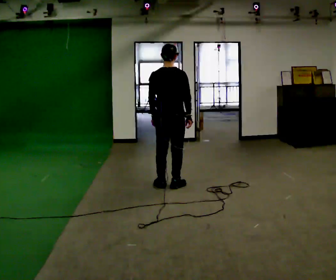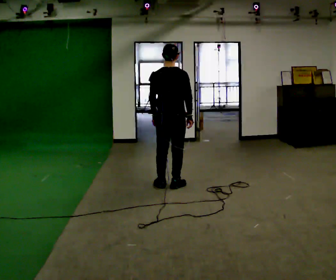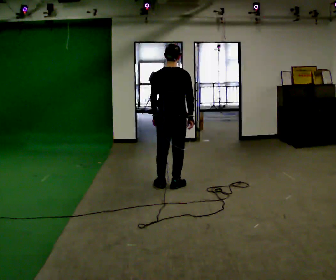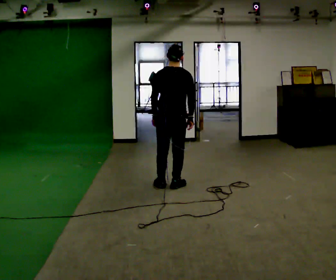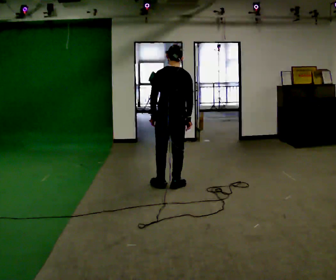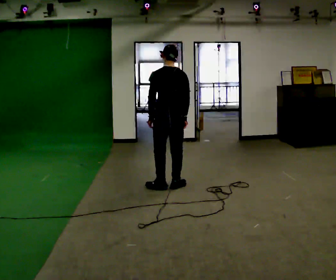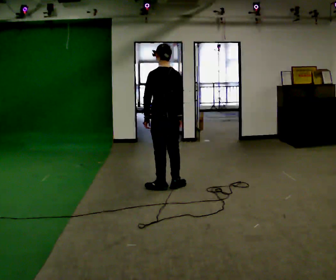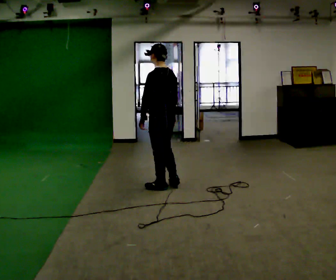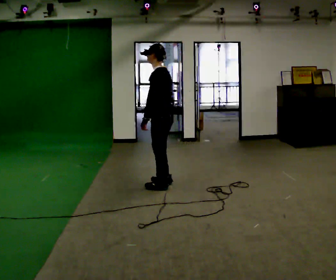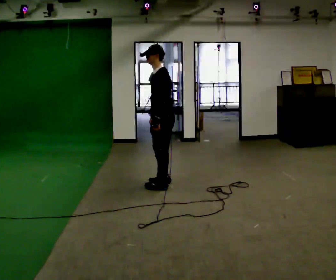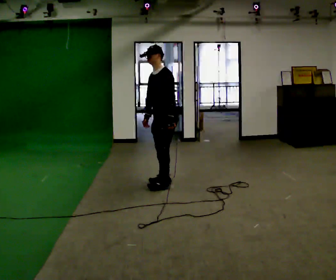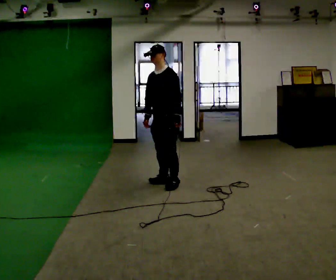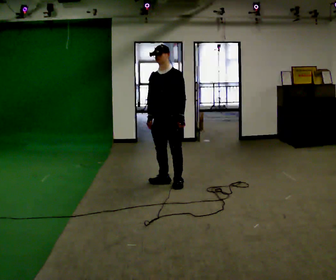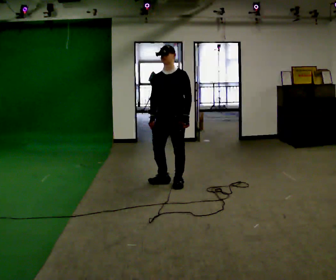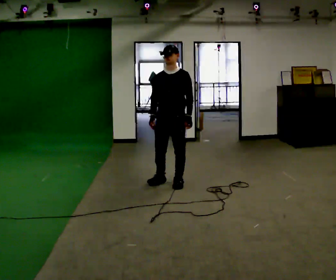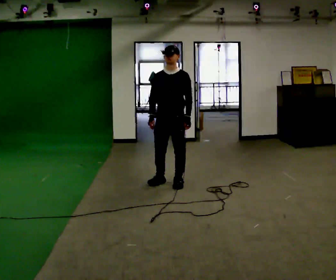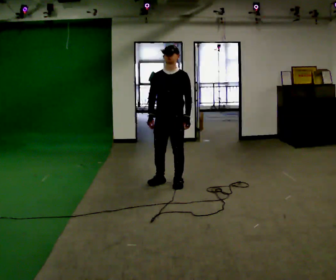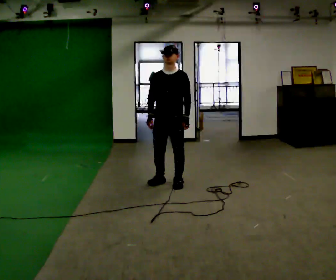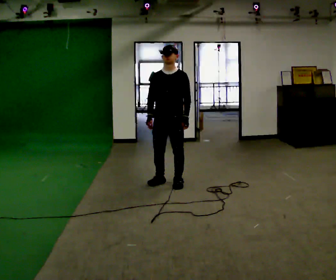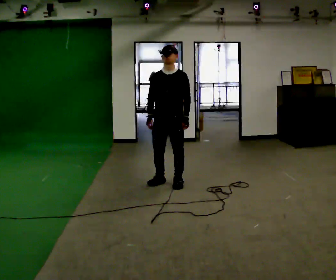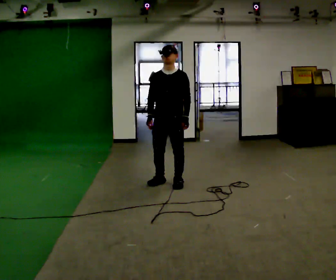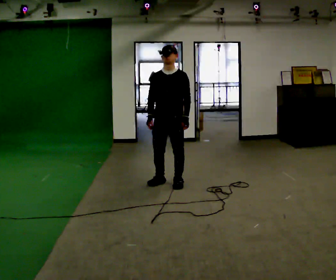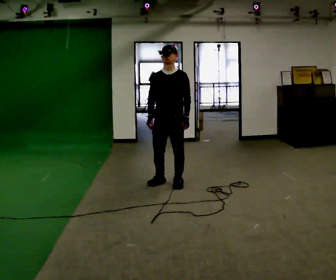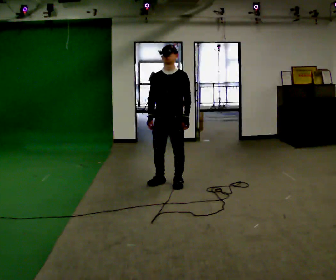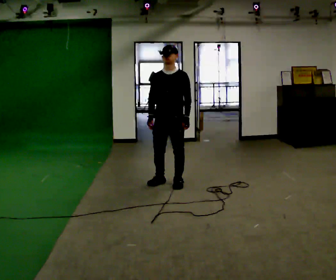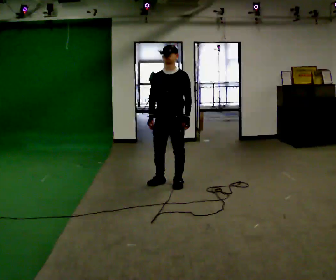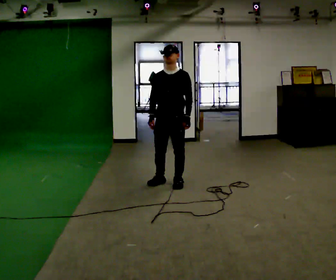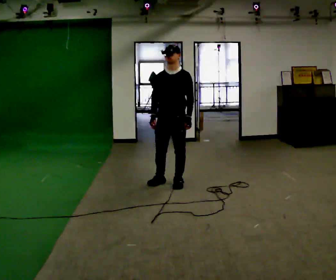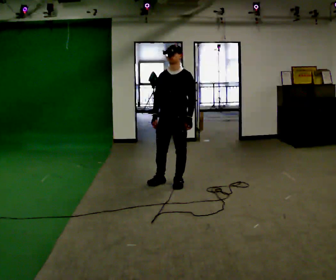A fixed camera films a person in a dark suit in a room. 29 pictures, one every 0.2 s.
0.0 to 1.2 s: Seen from above the body turns counterclockwise, about 45 degrees: to their left, with its near side sliding to the right.
1.2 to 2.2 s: Seen from above the body turns counterclockwise, about 105 degrees: to their left, with its near side sliding to the right. In the picture they go away from the camera, about 0.25 m in 1 step. In the picture their left hand goes to the right.
2.2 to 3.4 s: The person turns about 30 degrees to their left, counterclockwise seen from above, so the part of the body nearest the lens slides to the right.
3.4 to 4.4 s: The person keeps their place and pose.
4.4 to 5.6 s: The person moves a little, or ends about where they began.
The film runs forward here.
